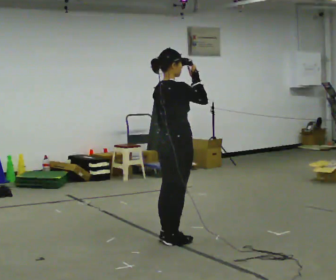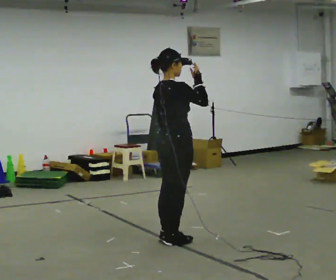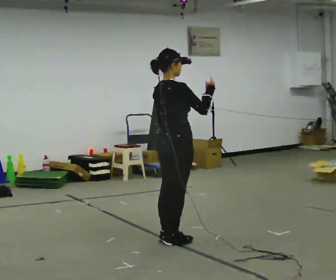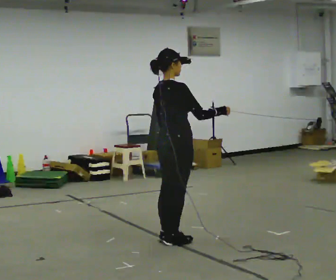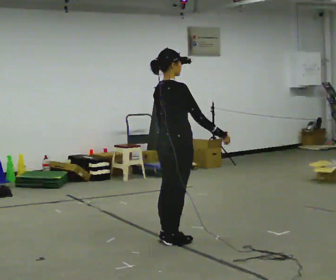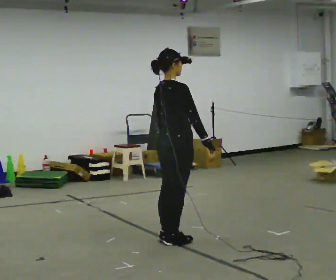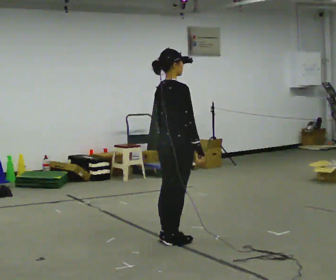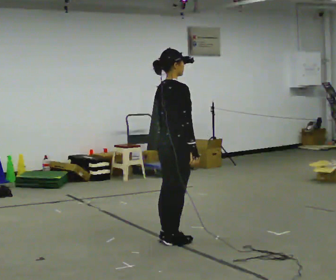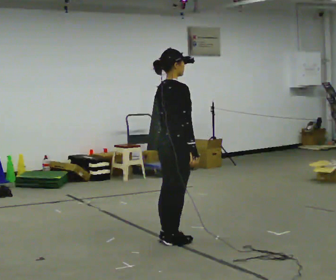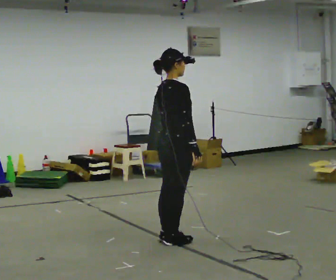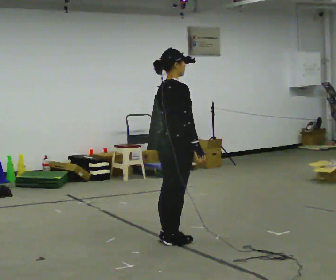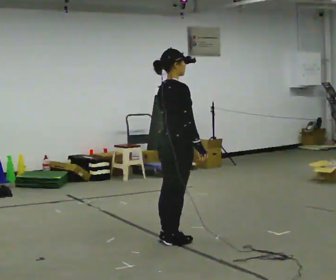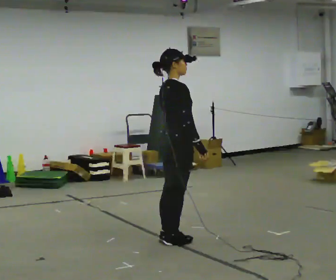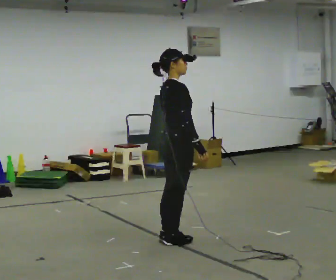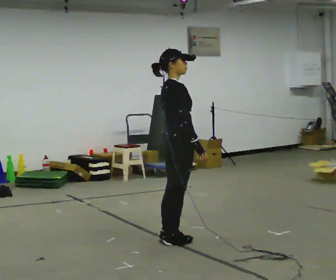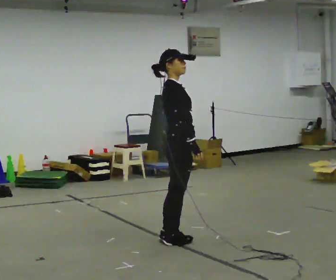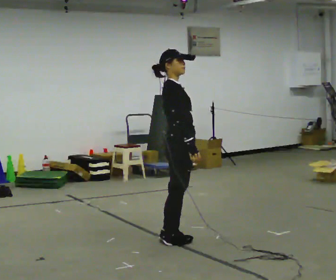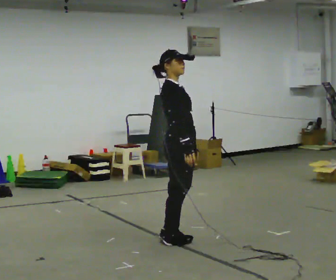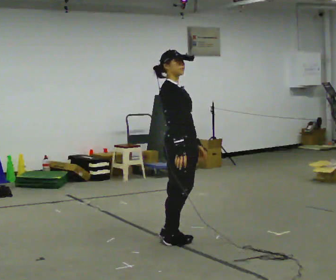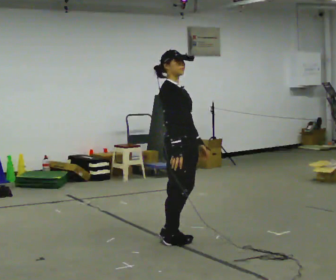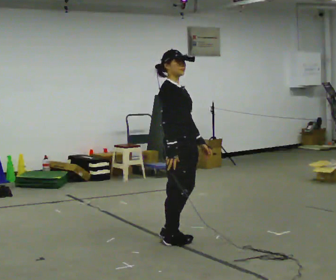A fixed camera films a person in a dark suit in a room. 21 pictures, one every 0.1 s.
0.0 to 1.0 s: In the picture their right hand goes downward.
1.0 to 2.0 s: Seen from above the body turns clockwise, about 45 degrees: to their right, with its near side sliding to the left.
The film runs forward here.
